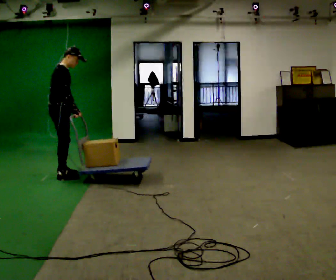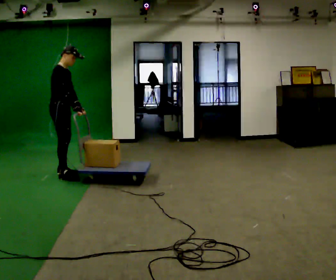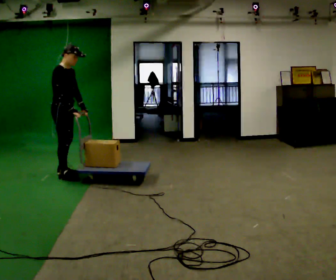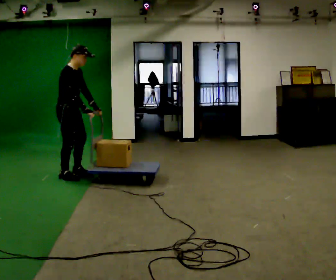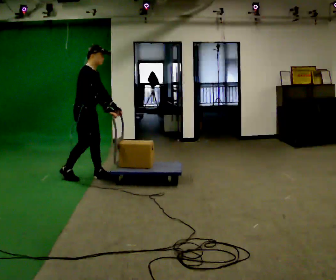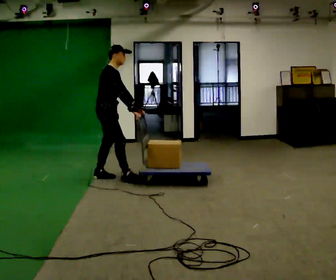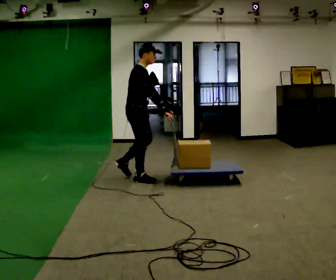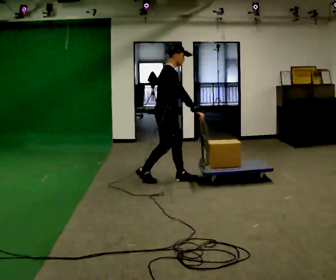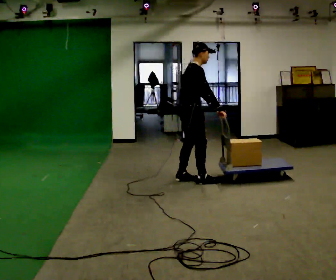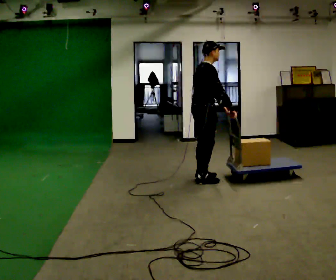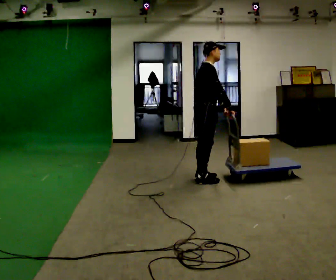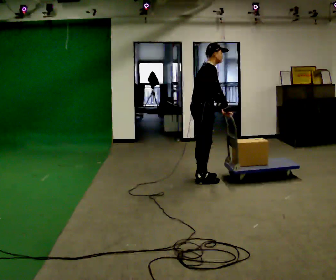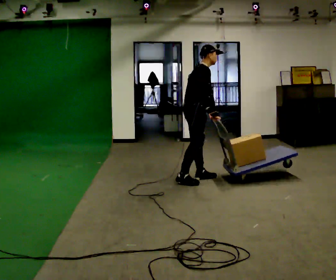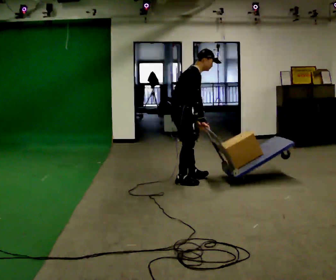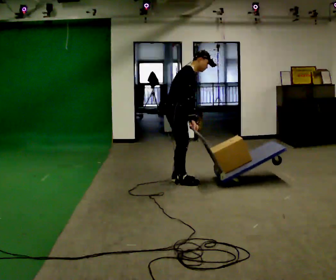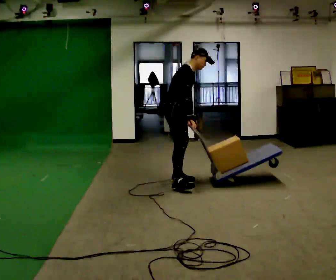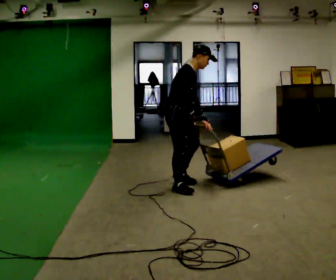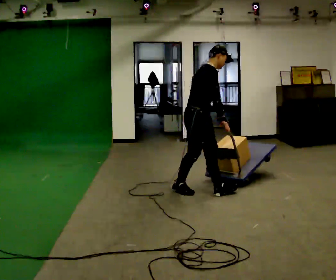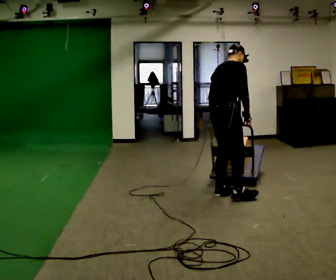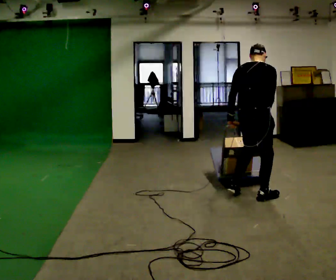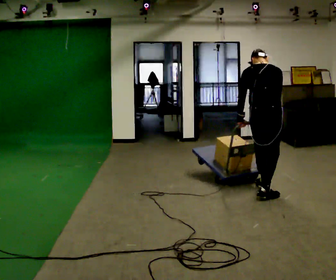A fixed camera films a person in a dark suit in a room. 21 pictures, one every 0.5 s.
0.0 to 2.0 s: In the picture they go to the right, about 0.5 m in 1 step, which for them is forward.
2.0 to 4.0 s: In the picture they go to the right, about 1.5 m in 3 steps, which for them is forward.
4.0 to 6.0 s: The person moves a little, or ends about where they began.
6.0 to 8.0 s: In the picture they go toward the camera, about 0.5 m in 2 steps, which for them is to their right.
8.0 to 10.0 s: The part of the body nearest the lens slides to the right as the person turns to their left by about 90 degrees. In the picture they go to the right, about 1 m in 3 steps. In the picture the upper body tilts counterclockwise, shoulders to the left.
The film runs forward here.
